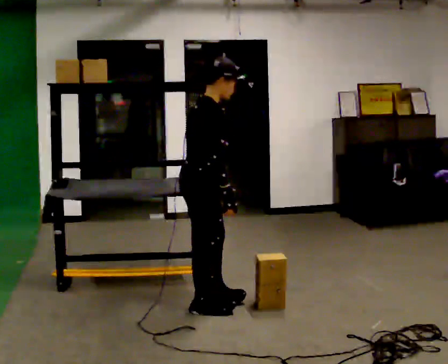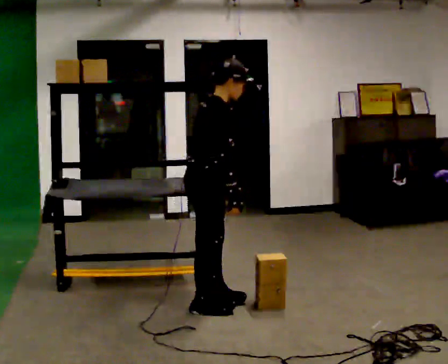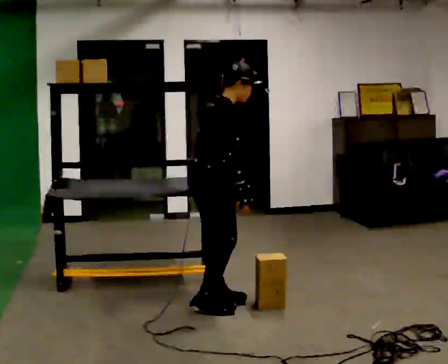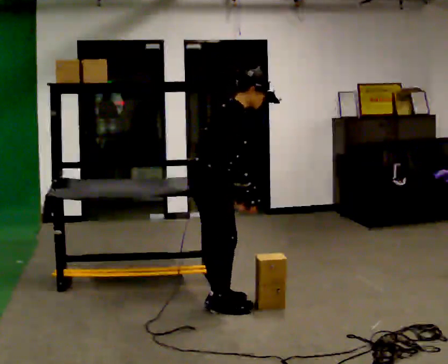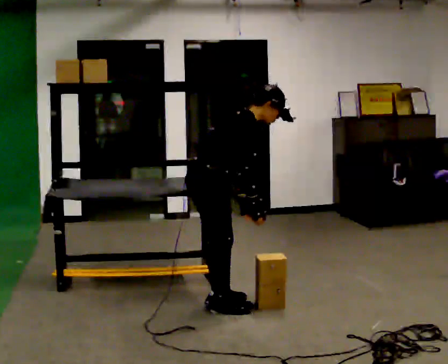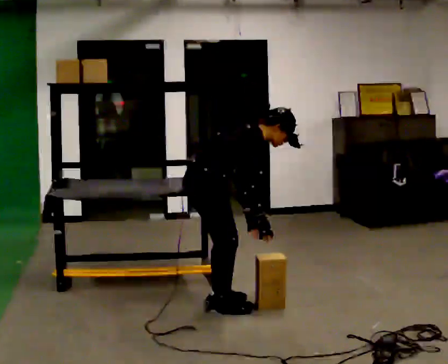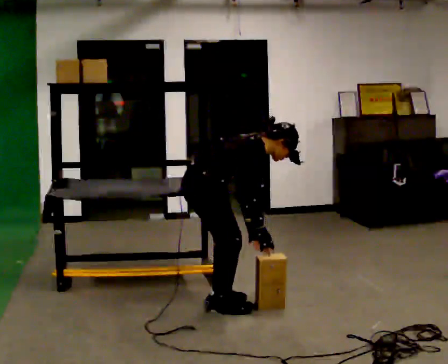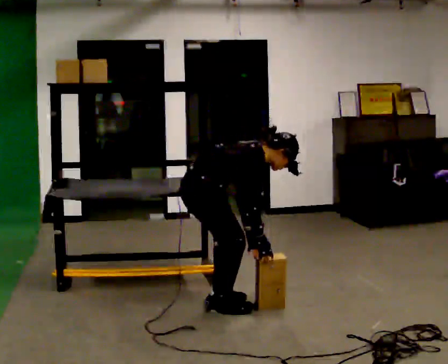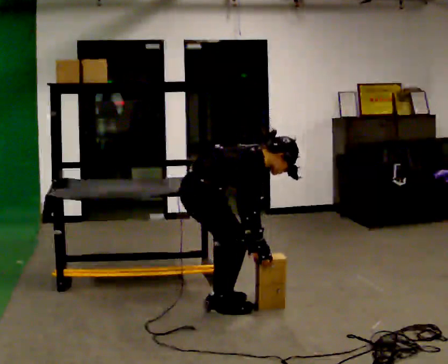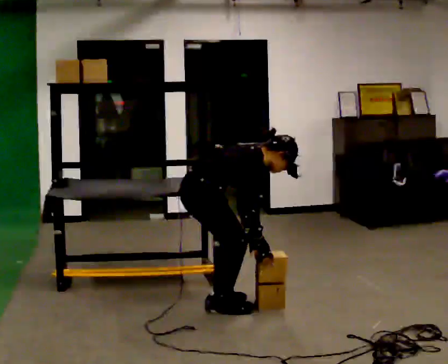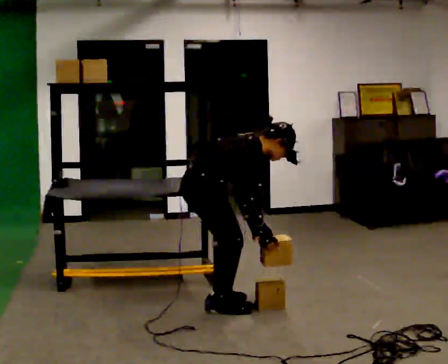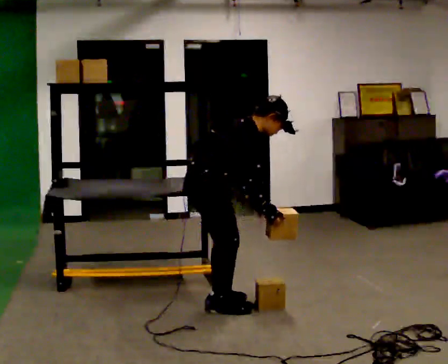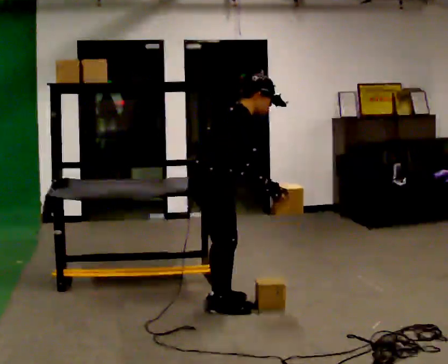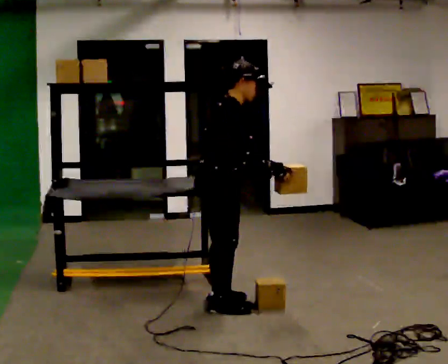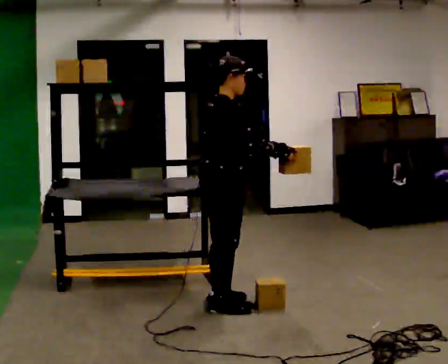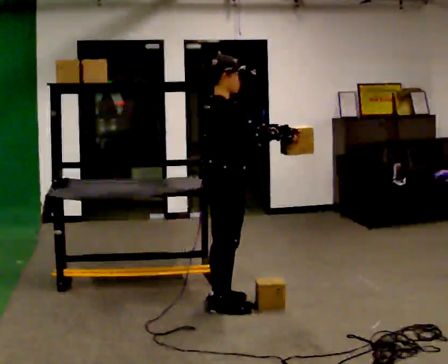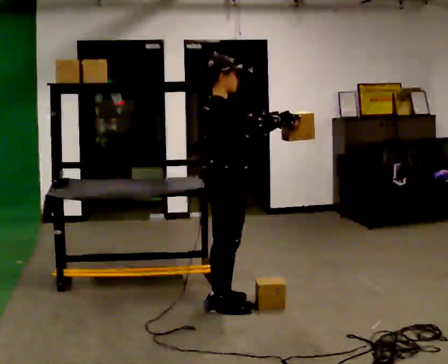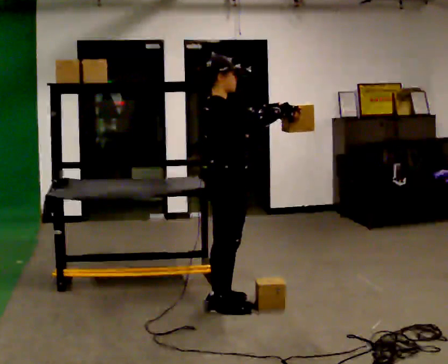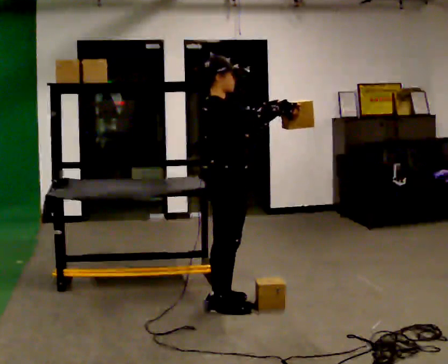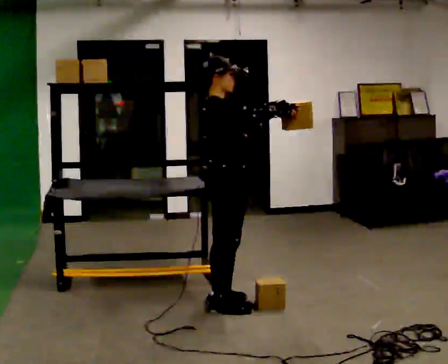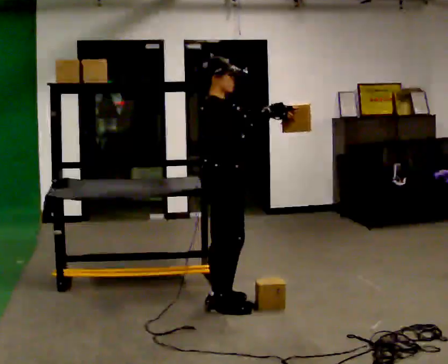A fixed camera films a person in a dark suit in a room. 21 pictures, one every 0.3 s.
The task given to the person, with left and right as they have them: Place the object on the shelf just at the top of your comfortable reach. Repeat at your own pace until the operator says stop. Keep both feet on the marked spots for the whole take. If you have to step, stop and tell the operator.
0.0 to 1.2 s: In the picture the upper body tilts clockwise, shoulders to the right, as they bend forward.
1.2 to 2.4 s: The upper body goes downward. In the picture the upper body tilts clockwise, shoulders to the right, as they bend forward.
2.4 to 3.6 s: The shoulders move upward. In the picture the upper body tilts counterclockwise, shoulders to the left, as they lean back or straighten. In the picture their left hand goes upward.
3.6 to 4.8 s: In the picture the upper body tilts counterclockwise, shoulders to the left, as they lean back or straighten. In the picture their right hand goes upward, the arm swinging counterclockwise.
4.8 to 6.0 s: The person moves a little, or ends about where they began.
The film runs forward here.
